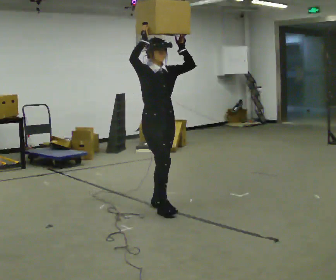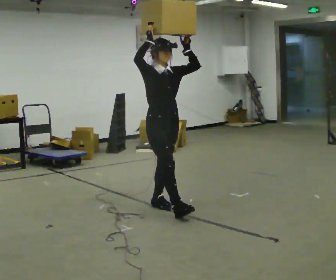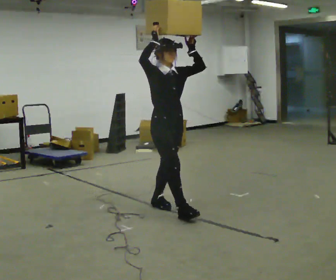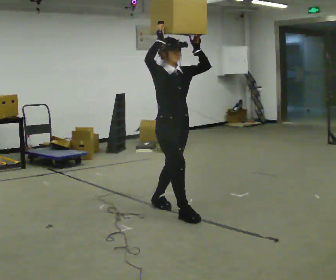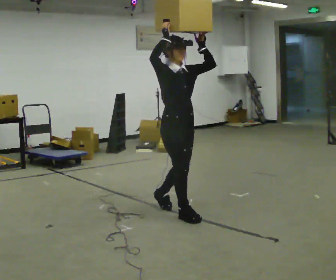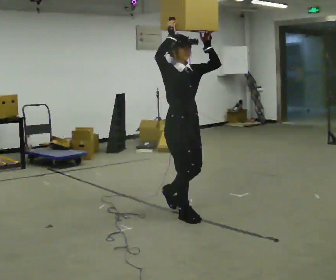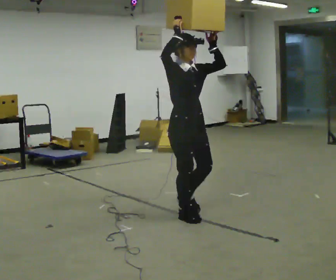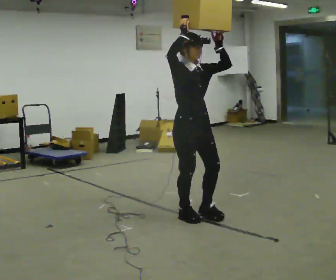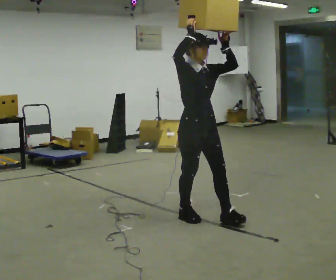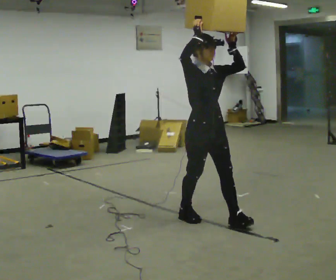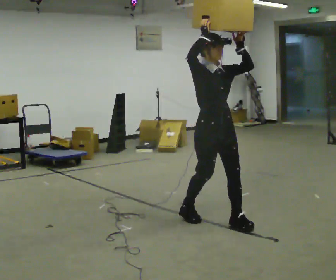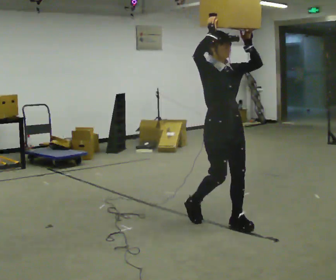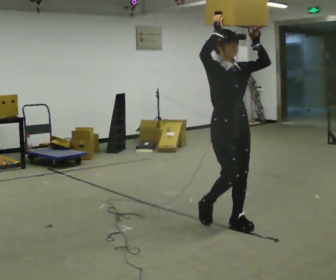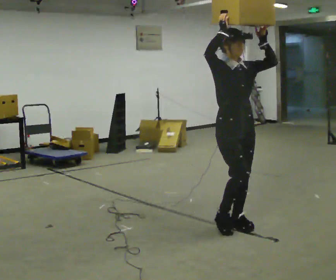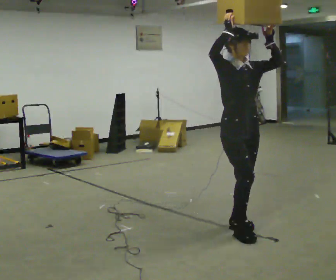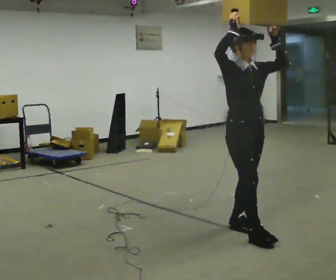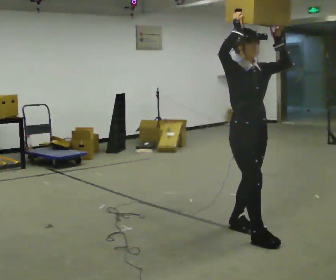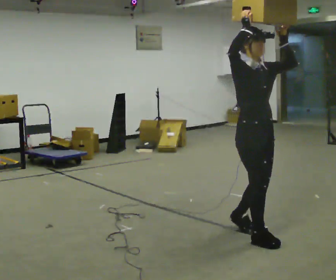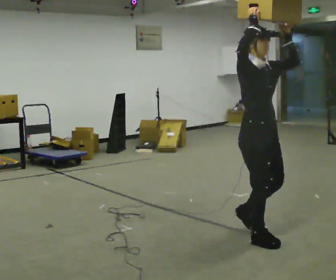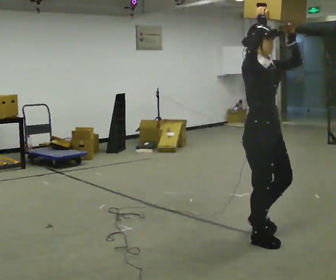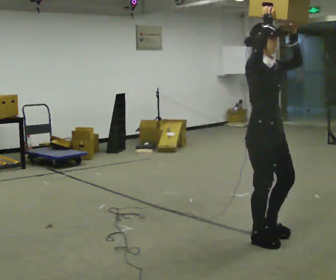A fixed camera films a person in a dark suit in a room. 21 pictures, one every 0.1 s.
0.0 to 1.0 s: In the picture they go to the right and toward the camera, about 0.5 m in 2 steps, which for them is forward.
1.0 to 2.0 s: In the picture they go toward the camera and to the right, about 0.5 m in 1 step, which for them is forward.
The film runs forward here.
